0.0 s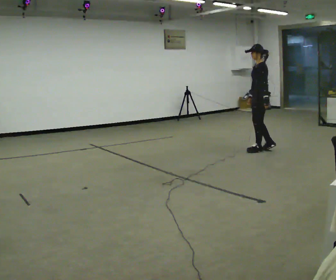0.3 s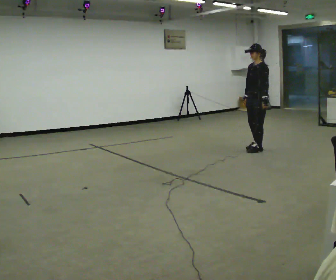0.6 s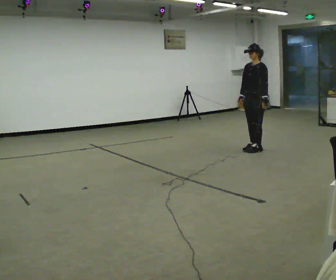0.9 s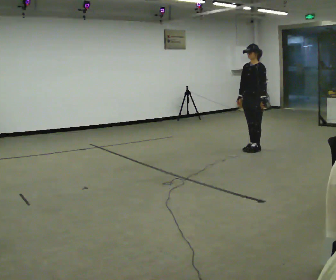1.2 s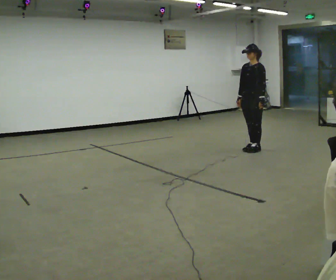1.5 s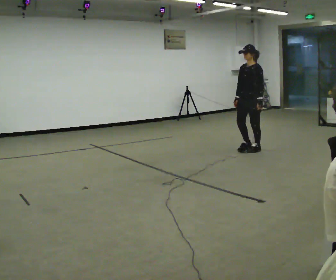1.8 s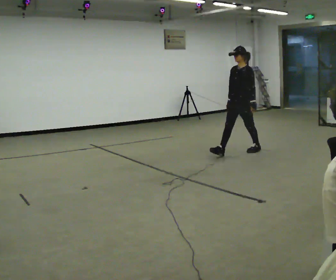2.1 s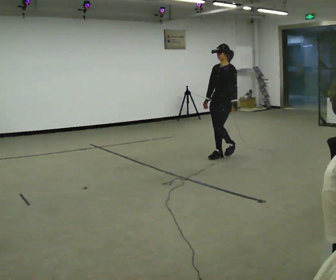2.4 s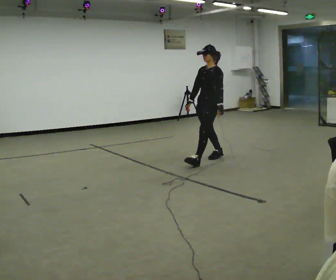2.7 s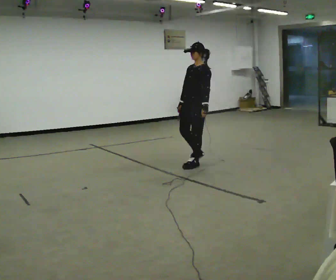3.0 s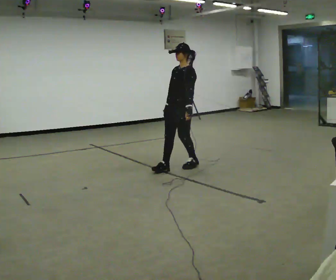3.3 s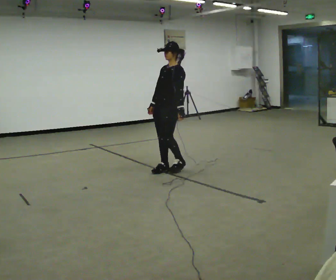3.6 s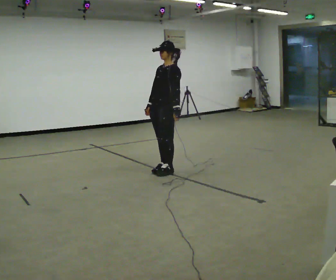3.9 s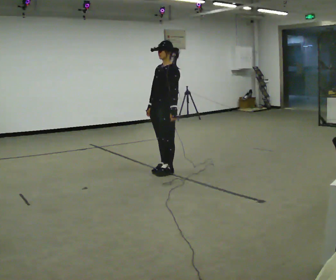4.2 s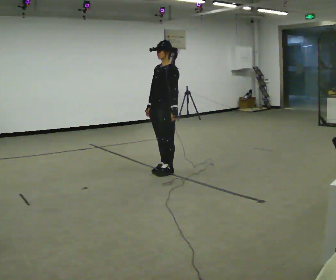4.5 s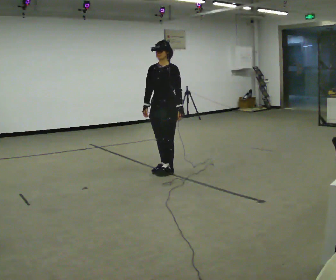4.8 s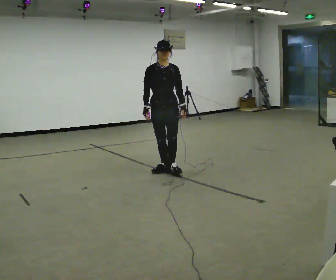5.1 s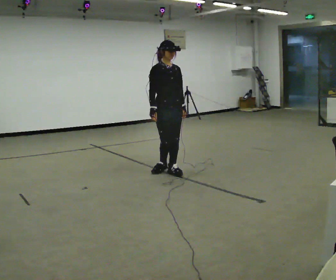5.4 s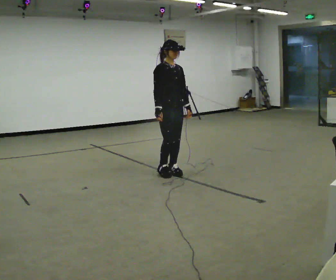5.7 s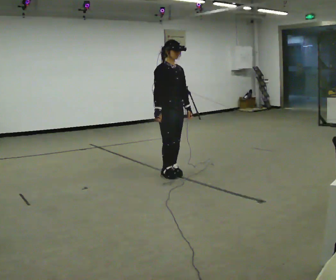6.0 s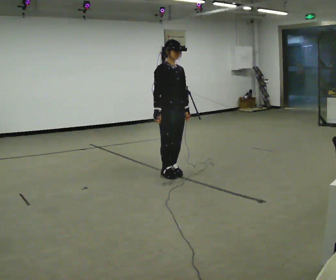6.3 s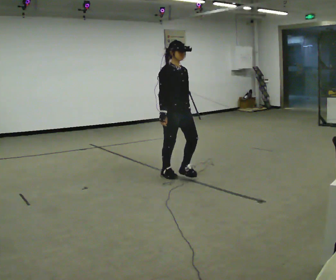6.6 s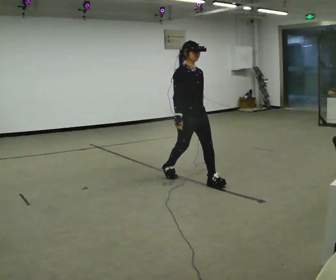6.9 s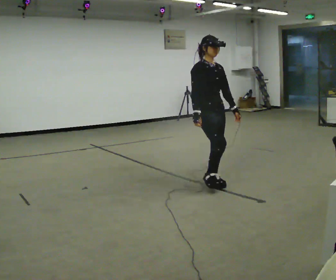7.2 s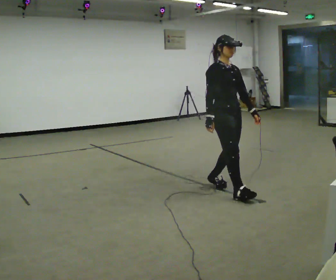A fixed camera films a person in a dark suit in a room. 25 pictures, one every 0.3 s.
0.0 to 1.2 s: The part of the body nearest the lens slides to the right as the person turns to their left by about 45 degrees.
1.2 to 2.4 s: In the picture they go to the left and toward the camera, about 1 m in 1 step, which for them is forward.
2.4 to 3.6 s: In the picture they go to the left and toward the camera, about 1 m in 3 steps, which for them is forward.
3.6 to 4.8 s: Seen from above the body turns counterclockwise, about 60 degrees: to their left, with its near side sliding to the right.
4.8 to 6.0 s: The part of the body nearest the lens slides to the right as the person turns to their left by about 30 degrees. In the picture they go toward the camera, about 0.25 m in 1 step, which for them is forward.
6.0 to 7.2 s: In the picture they go toward the camera and to the right, about 1 m in 2 steps, which for them is forward.
The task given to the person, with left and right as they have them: Walk; stop fully; turn 90° left/right while standing; walk new direction.
The film runs forward here.
